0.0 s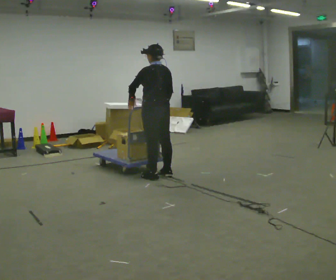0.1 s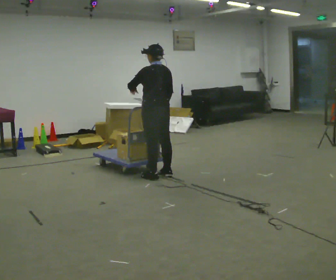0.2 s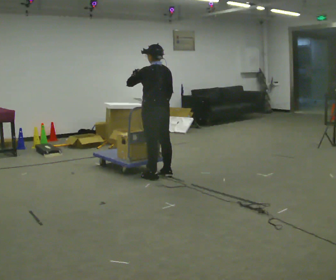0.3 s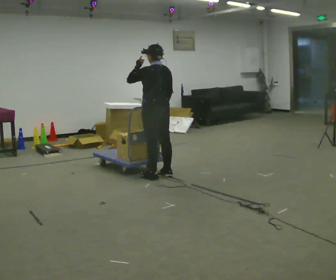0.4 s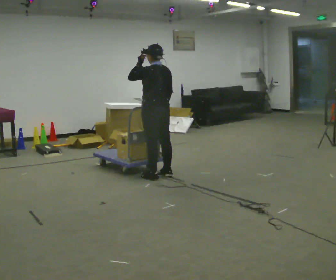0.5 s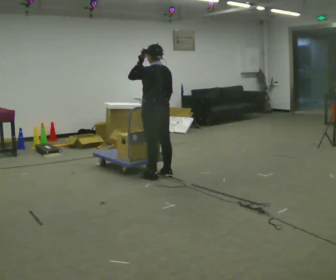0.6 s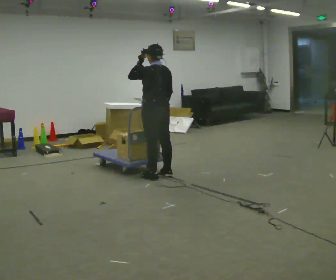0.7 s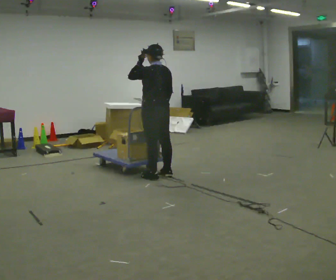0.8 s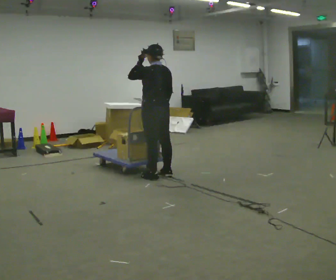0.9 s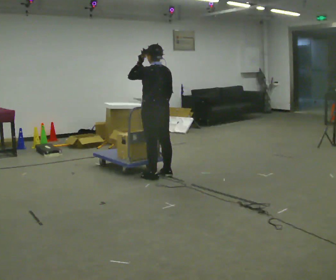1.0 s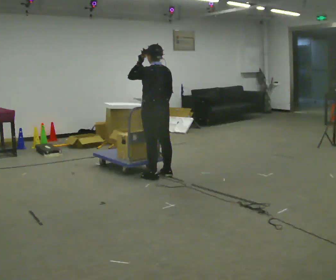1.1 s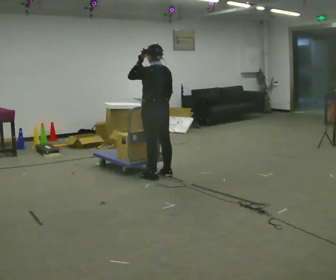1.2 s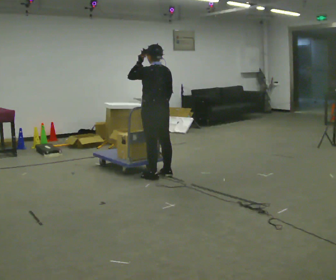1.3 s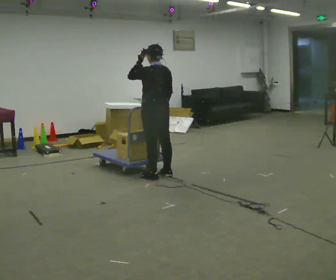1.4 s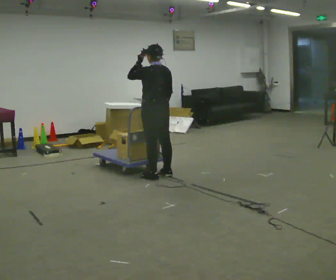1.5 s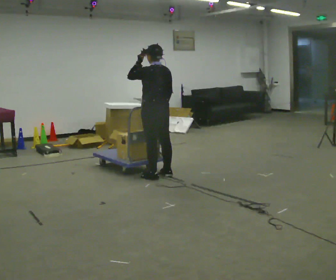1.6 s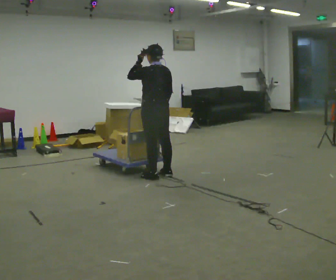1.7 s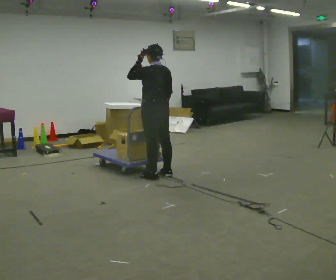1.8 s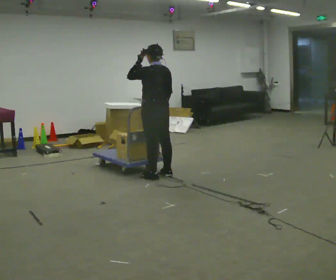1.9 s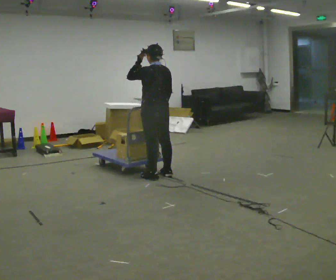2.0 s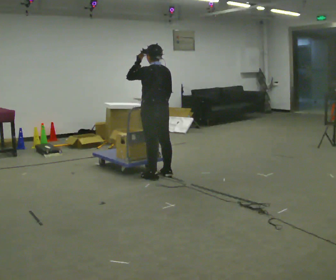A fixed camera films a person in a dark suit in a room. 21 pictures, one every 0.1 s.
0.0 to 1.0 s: In the picture their left hand goes upward.
1.0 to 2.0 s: The person keeps their place and pose.
The film runs backward here.
